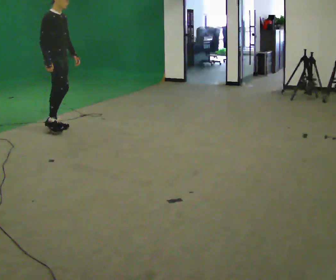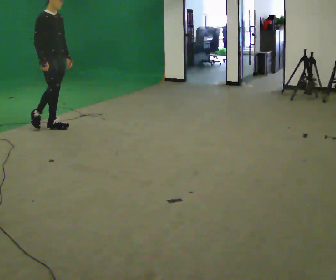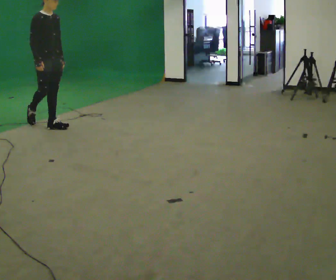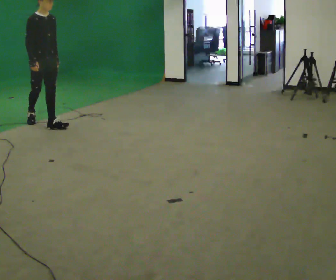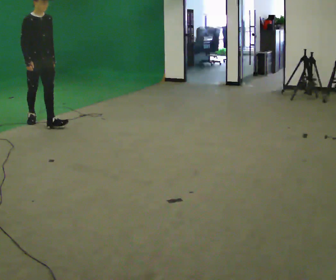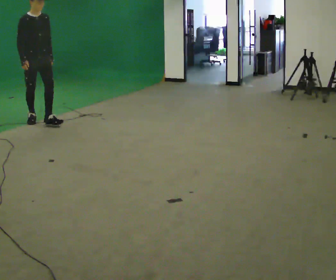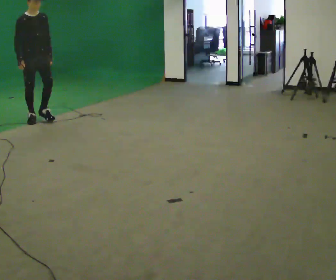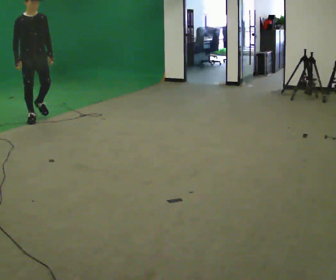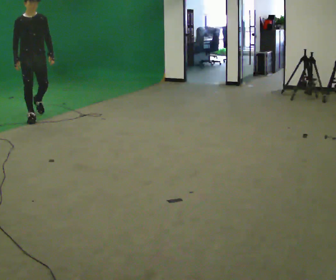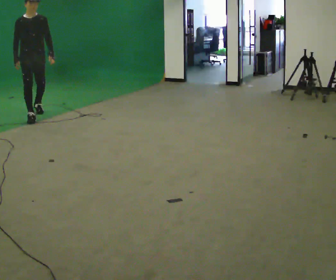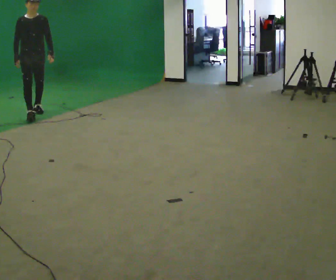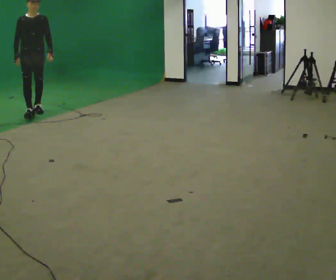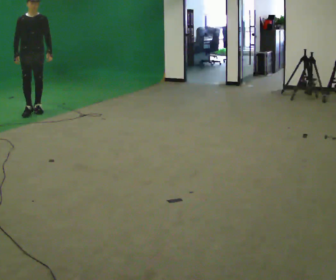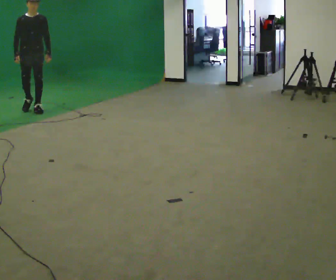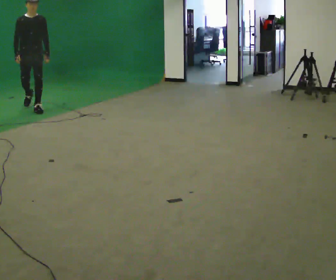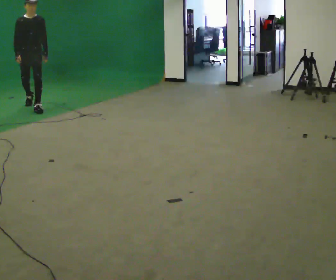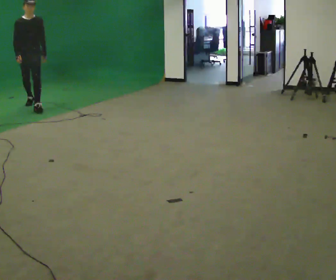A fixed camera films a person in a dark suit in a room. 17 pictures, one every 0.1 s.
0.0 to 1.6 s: The part of the body nearest the lens slides to the left as the person turns to their right by about 60 degrees. In the picture they go away from the camera, about 1.5 m in 2 steps.
The film runs backward here.
